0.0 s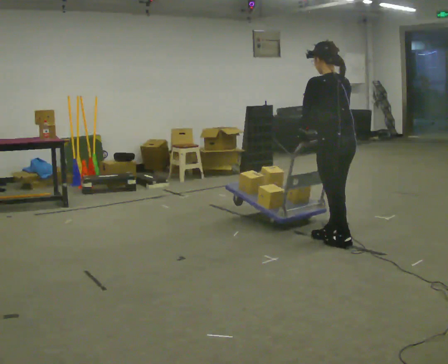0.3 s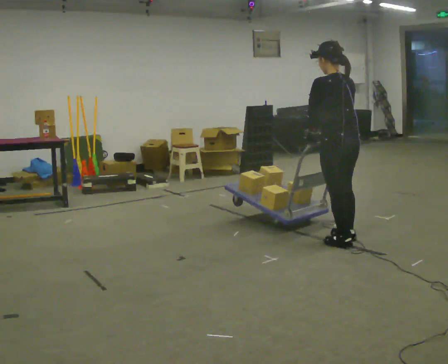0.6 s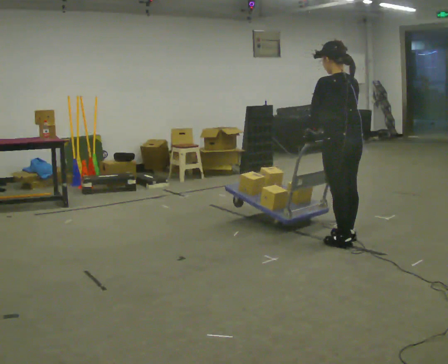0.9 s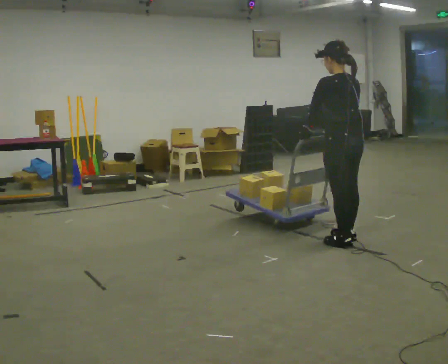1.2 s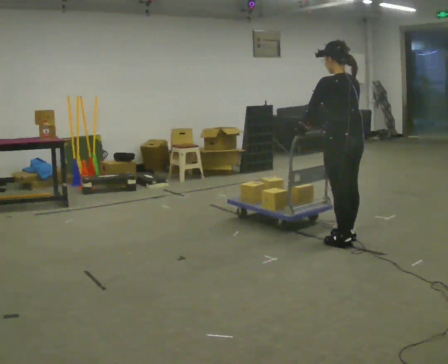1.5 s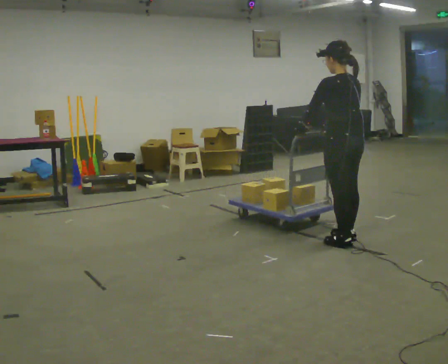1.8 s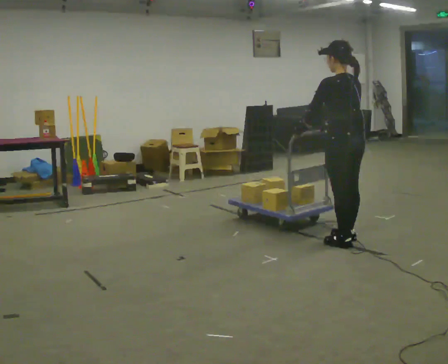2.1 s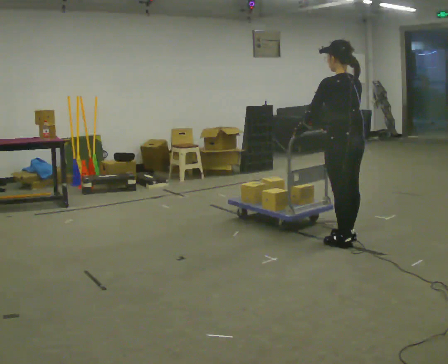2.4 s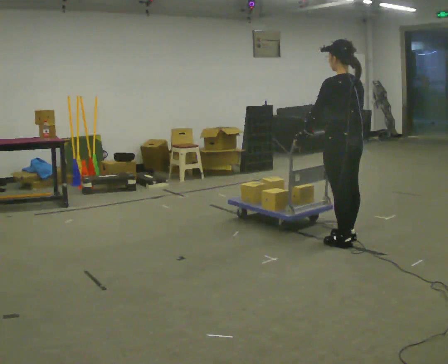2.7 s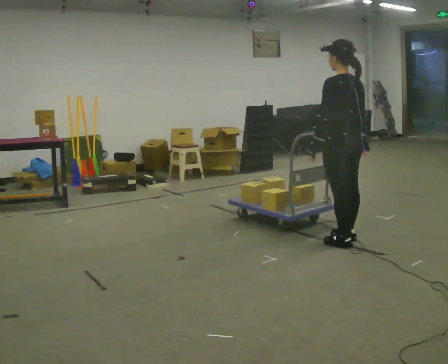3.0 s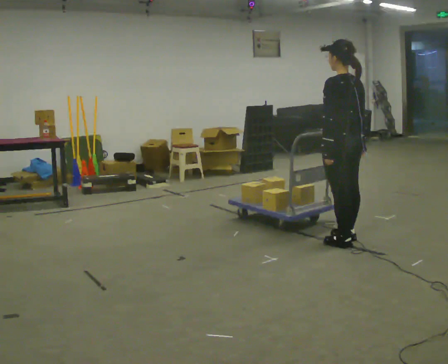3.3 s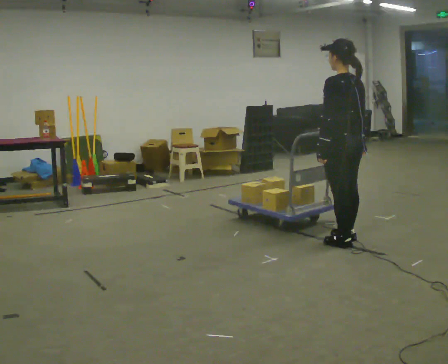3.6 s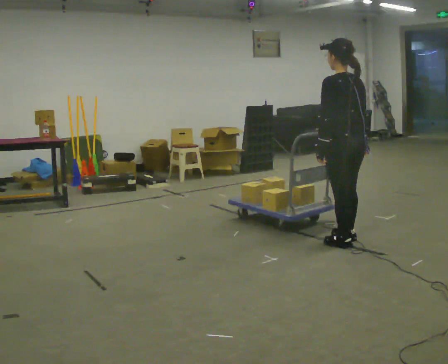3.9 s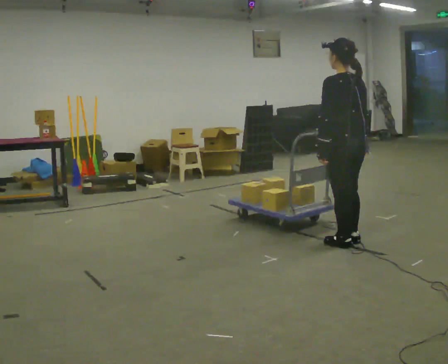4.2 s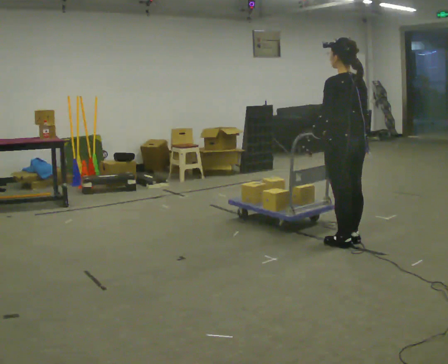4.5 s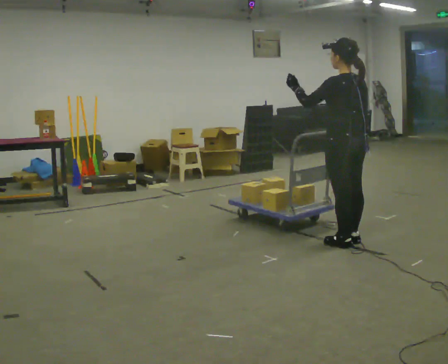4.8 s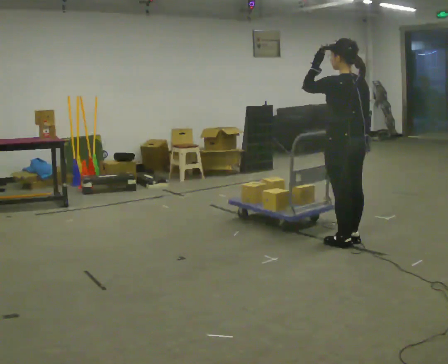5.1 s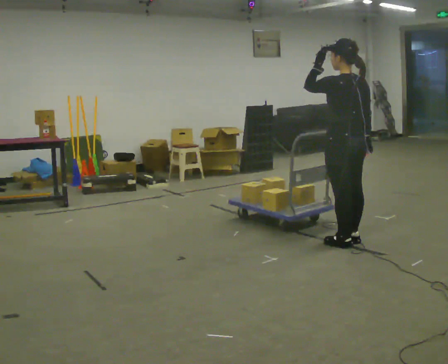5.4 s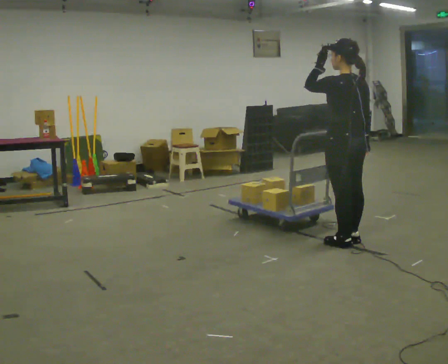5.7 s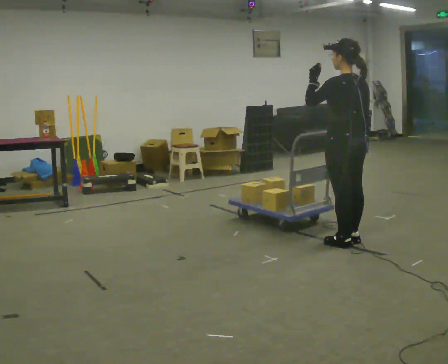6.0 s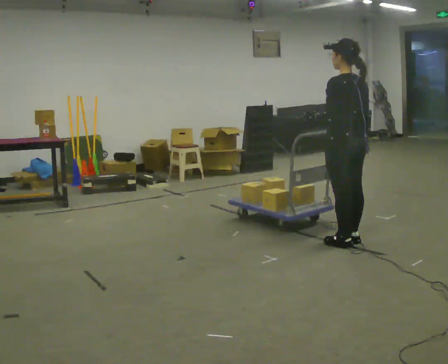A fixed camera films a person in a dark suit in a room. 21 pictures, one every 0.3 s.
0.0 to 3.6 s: The person moves a little, or ends about where they began.
3.6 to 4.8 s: In the picture their left hand goes upward.
4.8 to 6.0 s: In the picture their left hand goes downward.
The film runs forward here.
